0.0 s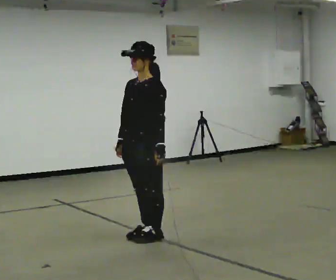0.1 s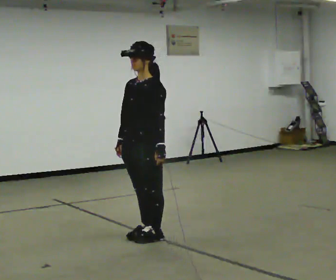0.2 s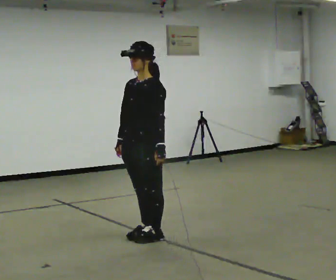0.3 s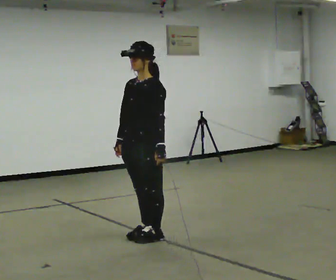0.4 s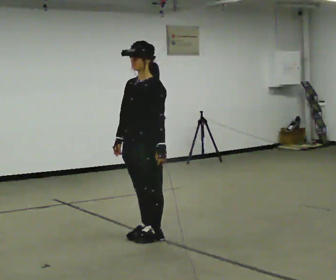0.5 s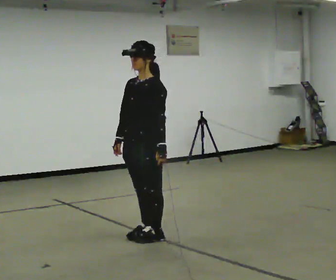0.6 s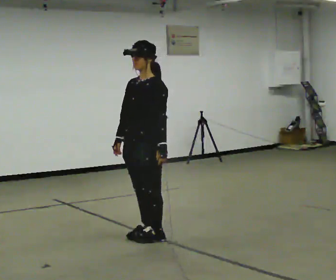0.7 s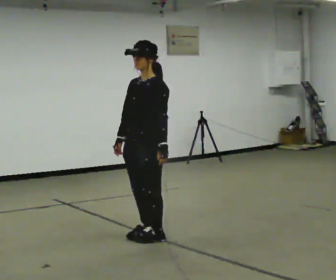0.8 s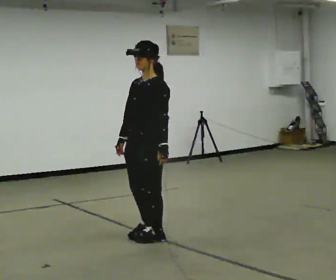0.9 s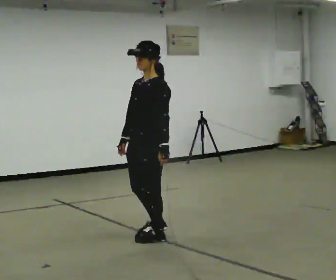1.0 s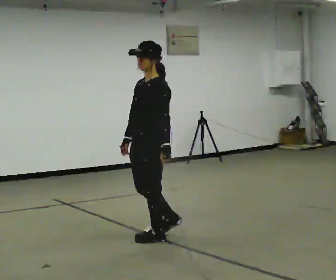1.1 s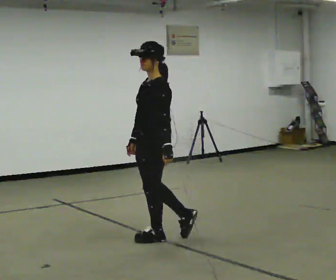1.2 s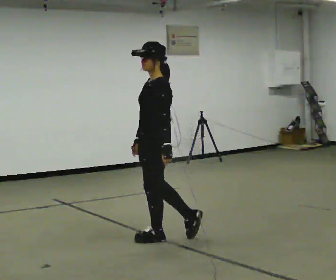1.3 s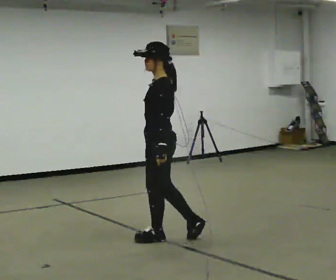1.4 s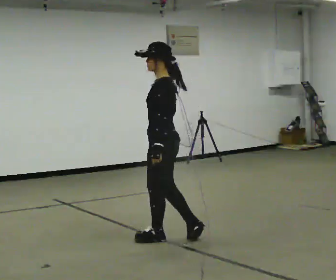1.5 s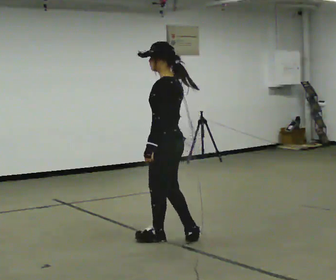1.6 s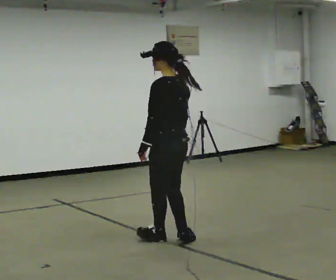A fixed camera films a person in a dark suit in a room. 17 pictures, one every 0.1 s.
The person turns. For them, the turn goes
to their right.
The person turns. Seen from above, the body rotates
clockwise.
0.0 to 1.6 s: Seen from above the body turns clockwise, about 75 degrees: to their right, with its near side sliding to the left. In the picture they go to the right, about 0.25 m in 1 step. In the picture their right hand goes to the right.
The film runs backward here.
